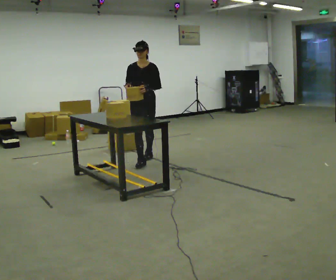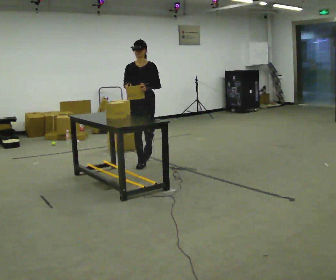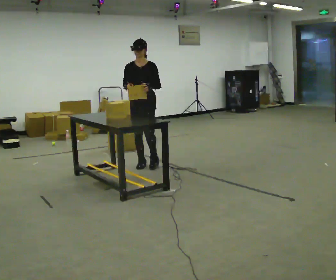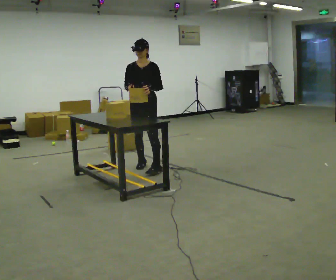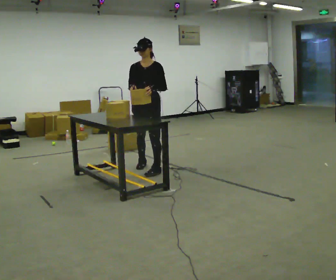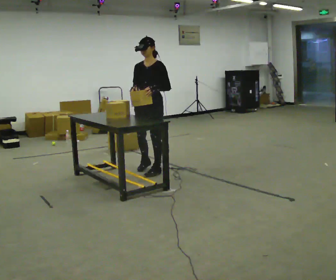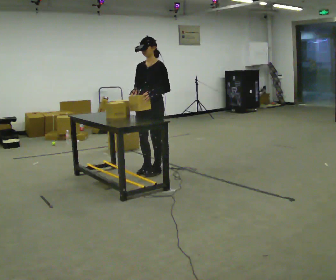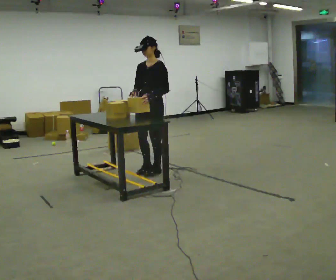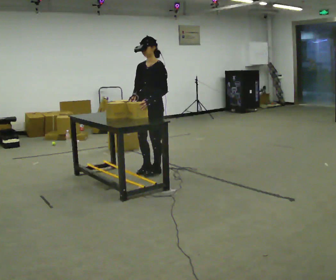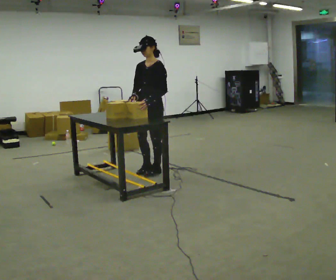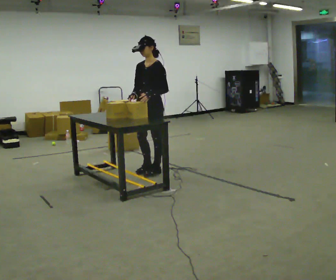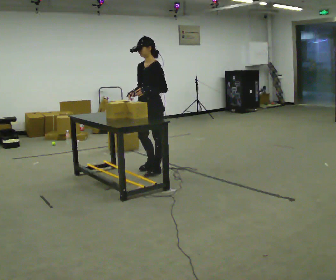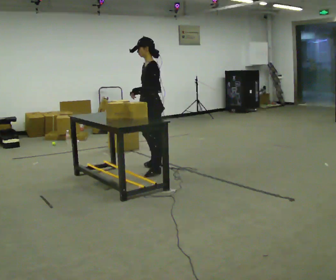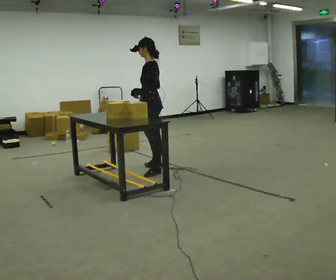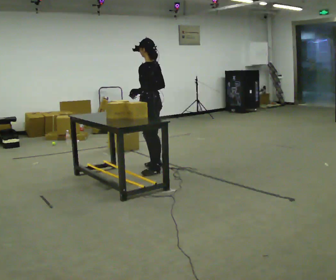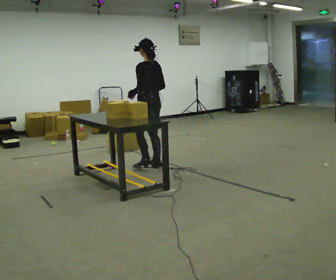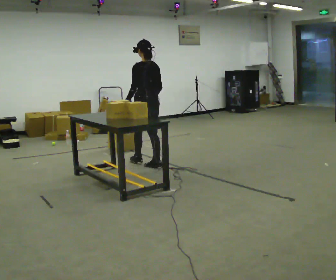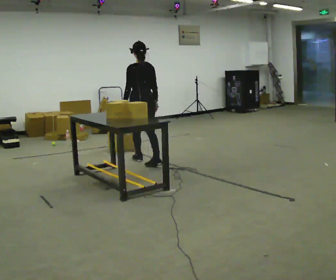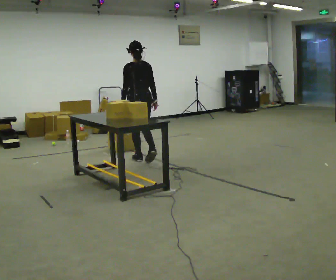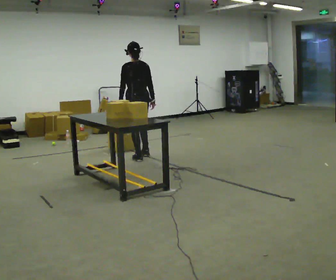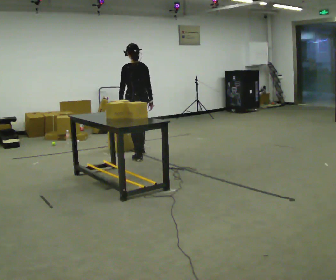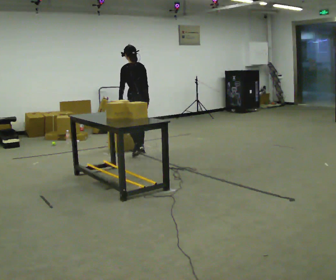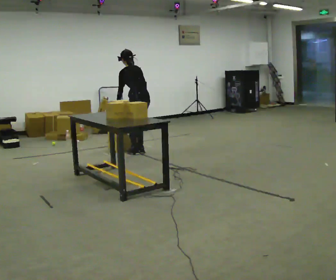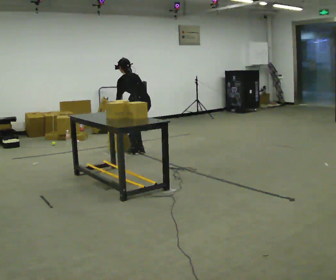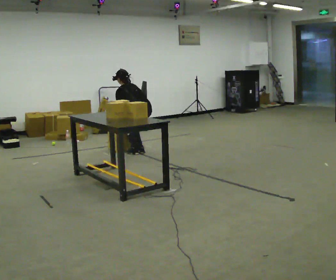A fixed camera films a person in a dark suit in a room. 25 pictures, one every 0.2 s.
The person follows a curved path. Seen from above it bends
counterclockwise.
Their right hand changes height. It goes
downward.
0.0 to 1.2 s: Seen from above the body turns clockwise, about 30 degrees: to their right, with its near side sliding to the left. In the picture they go toward the camera, about 0.5 m in 2 steps, which for them is forward and to their left.
1.2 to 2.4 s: The part of the body nearest the lens slides to the left as the person turns to their right by about 45 degrees.
2.4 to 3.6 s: Seen from above the body turns clockwise, about 75 degrees: to their right, with its near side sliding to the left. In the picture they go away from the camera, about 0.5 m in 1 step.
3.6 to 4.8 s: In the picture they go away from the camera, about 0.25 m in 2 steps, which for them is forward and to their right. The upper body goes downward. The upper body tips away from the camera, its near side rolling upward, as they bend forward. In the picture their right hand goes downward.
The film runs forward here.
